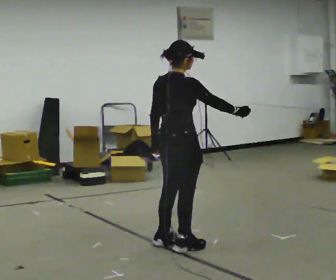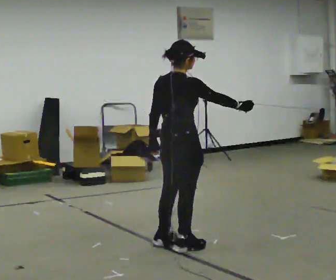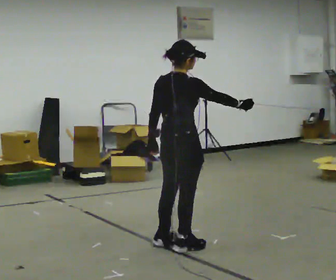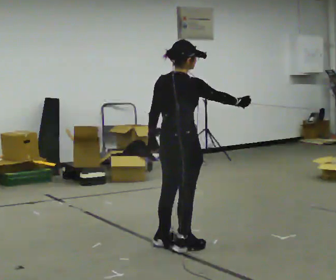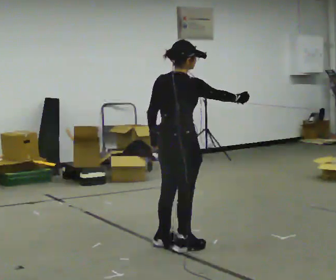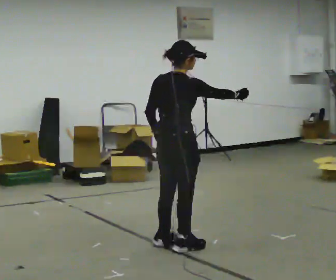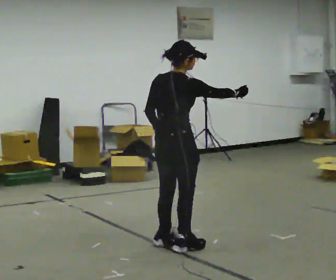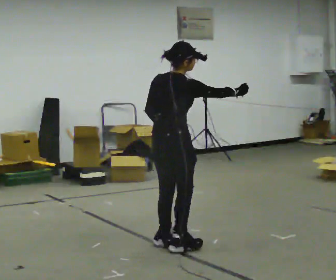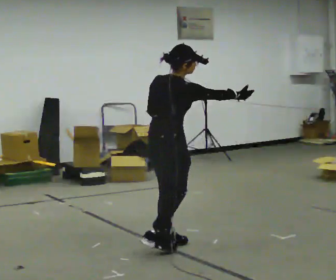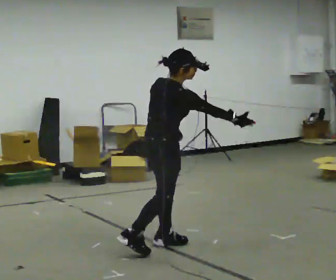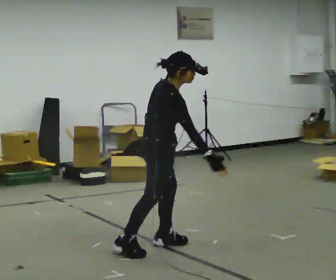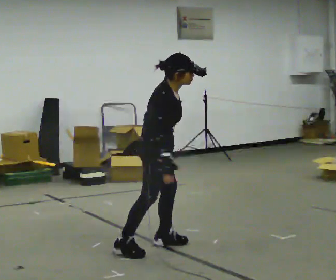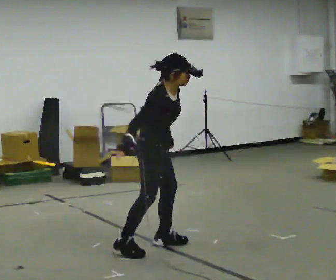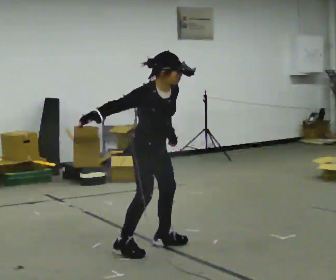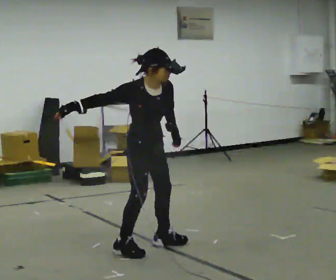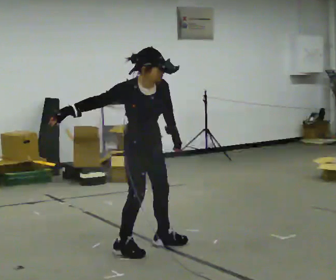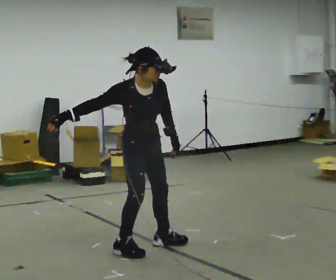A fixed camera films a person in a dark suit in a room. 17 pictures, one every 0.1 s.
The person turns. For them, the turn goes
to their right.
The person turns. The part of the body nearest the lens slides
to the left.
0.0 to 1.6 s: The person turns about 90 degrees to their right, clockwise seen from above, so the part of the body nearest the lens slides to the left. In the picture they go to the left, about 0.25 m in 1 step. The upper body tips toward the camera, its near side rolling downward, as they bend forward. In the picture their right hand goes to the left, the arm swinging clockwise.
The film runs backward here.
